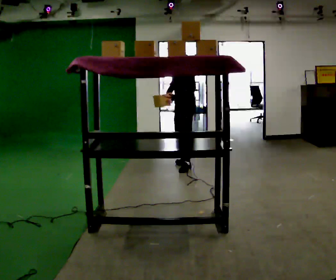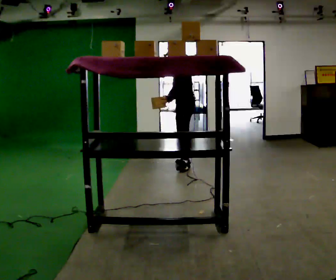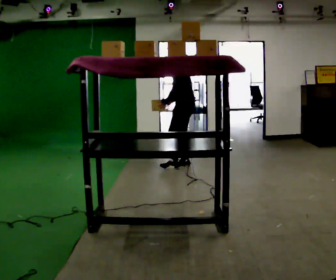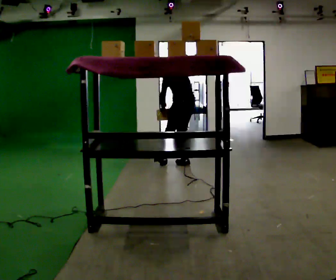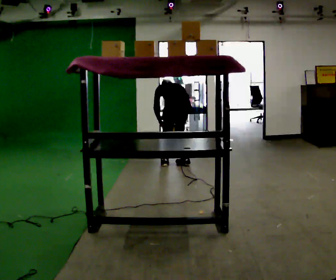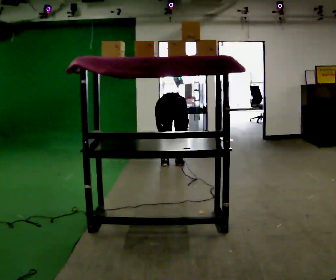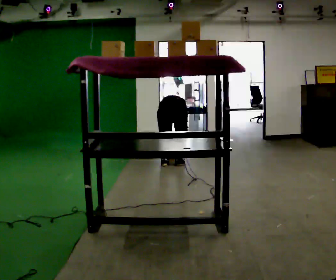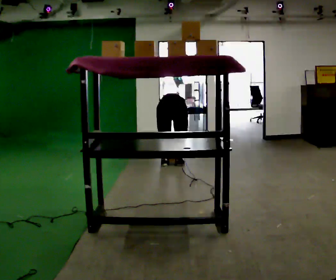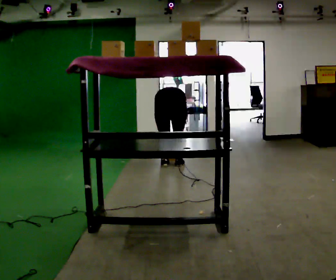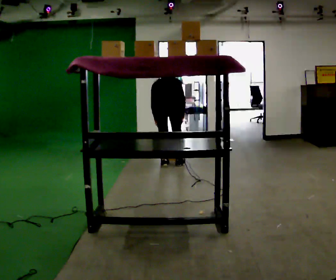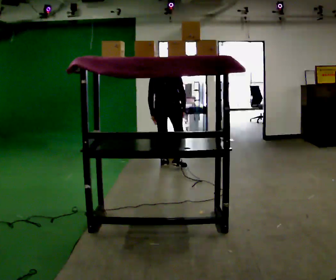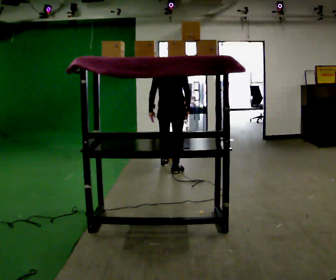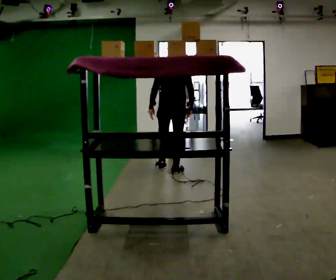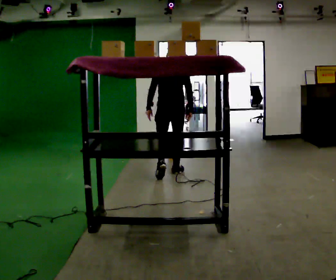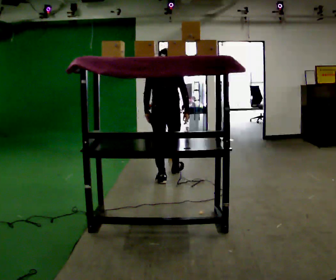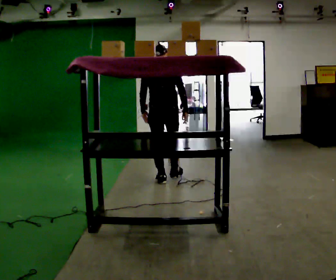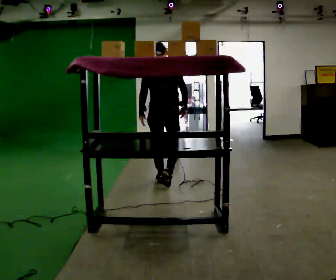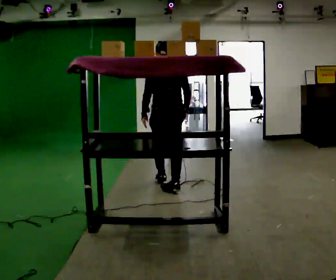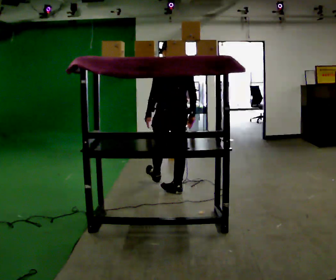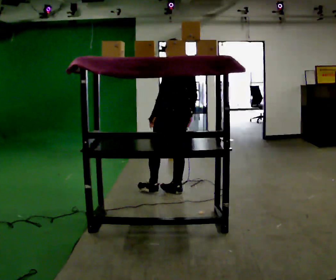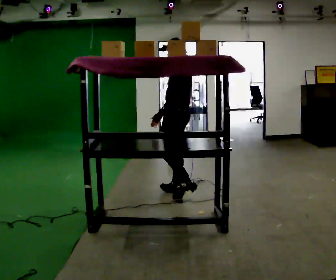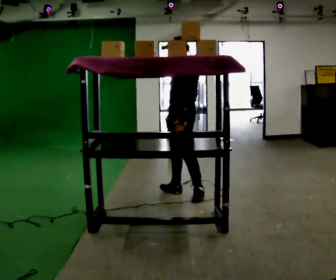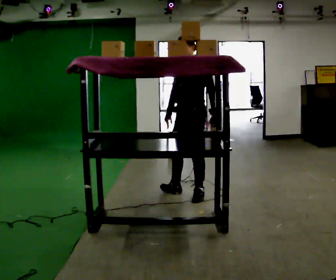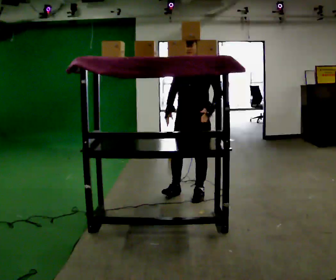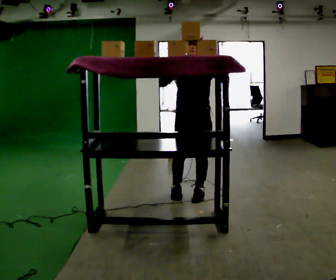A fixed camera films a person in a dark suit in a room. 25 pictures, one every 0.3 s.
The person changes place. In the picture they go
toward the camera.
The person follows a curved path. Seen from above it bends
counterclockwise.
0.0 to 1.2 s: The part of the body nearest the lens slides to the left as the person turns to their right by about 90 degrees. The upper body goes downward. The upper body tips away from the camera, its near side rolling upward, as they bend forward. In the picture their right hand goes downward, the arm swinging counterclockwise.
1.2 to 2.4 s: In the picture the upper body tilts counterclockwise, shoulders to the left.
2.4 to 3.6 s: In the picture they go toward the camera, about 0.25 m in 2 steps, which for them is backward. The upper body goes upward. The upper body tips toward the camera, its near side rolling downward, as they lean back or straighten. In the picture their left hand goes upward.
3.6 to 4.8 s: In the picture they go toward the camera, about 0.5 m in 1 step, which for them is backward.
4.8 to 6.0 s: The person turns about 75 degrees to their left, counterclockwise seen from above, so the part of the body nearest the lens slides to the right. In the picture they go toward the camera and to the right, about 0.5 m in 1 step.
6.0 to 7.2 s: Seen from above the body turns counterclockwise, about 90 degrees: to their left, with its near side sliding to the right. In the picture they go toward the camera, about 0.25 m. In the picture their right hand goes upward.
The film runs backward here.
